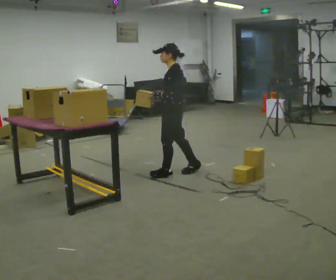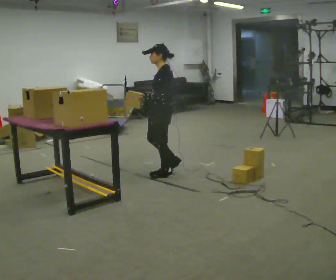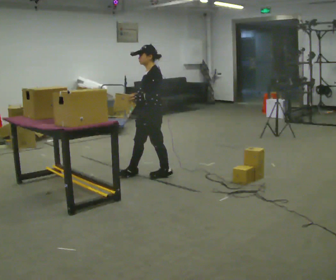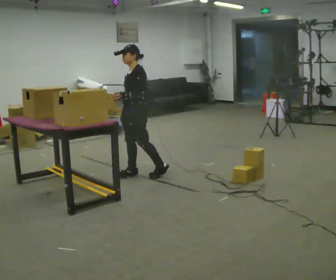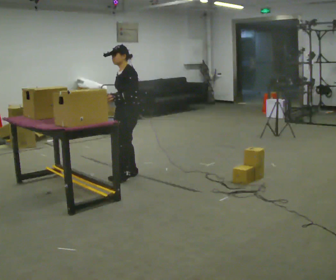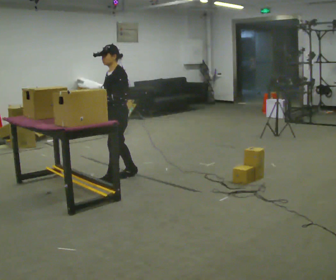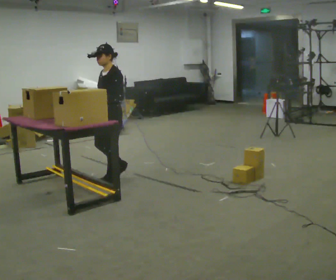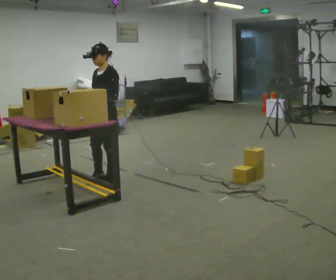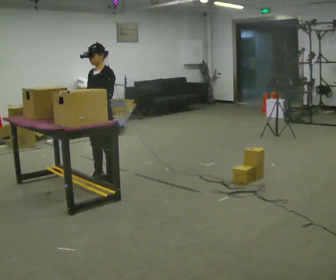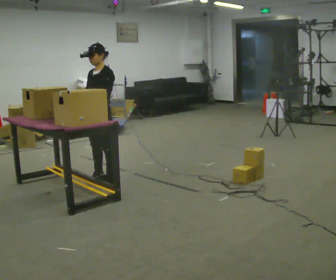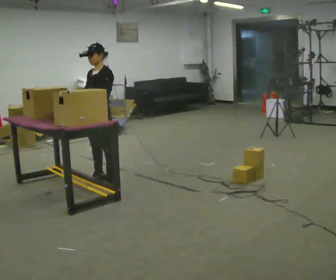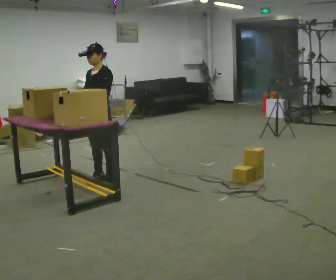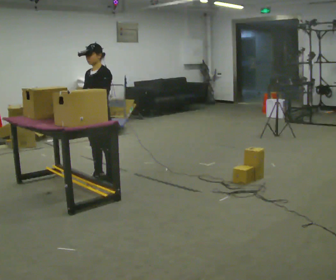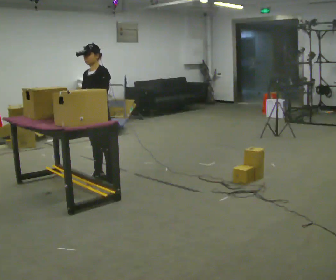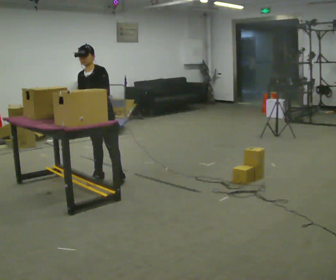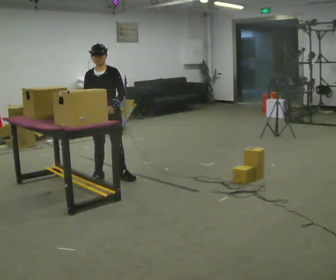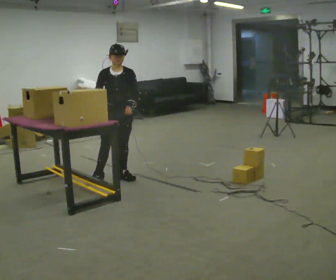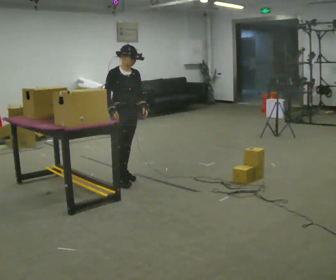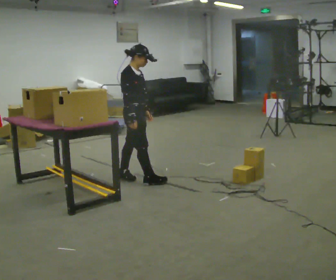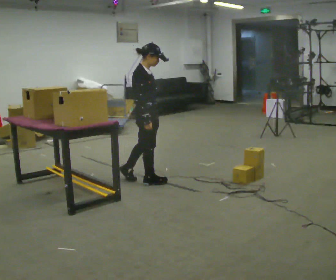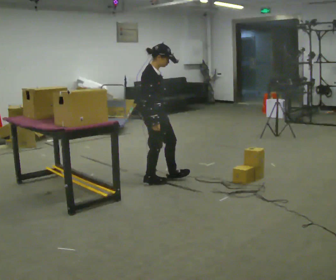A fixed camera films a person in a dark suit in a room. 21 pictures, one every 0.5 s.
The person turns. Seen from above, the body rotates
counterclockwise.
The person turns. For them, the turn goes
to their left.
0.0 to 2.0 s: Seen from above the body turns counterclockwise, about 30 degrees: to their left, with its near side sliding to the right. In the picture they go to the left, about 0.5 m in 1 step, which for them is forward.
2.0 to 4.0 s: In the picture they go to the left, about 0.25 m in 2 steps, which for them is forward.
4.0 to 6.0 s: The person moves a little, or ends about where they began.
6.0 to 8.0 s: Seen from above the body turns counterclockwise, about 45 degrees: to their left, with its near side sliding to the right. In the picture they go to the right, about 0.25 m in 1 step, which for them is backward and to their left. In the picture their left hand goes to the right.
8.0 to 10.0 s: Seen from above the body turns counterclockwise, about 75 degrees: to their left, with its near side sliding to the right. In the picture they go toward the camera and to the right, about 0.5 m in 1 step.
The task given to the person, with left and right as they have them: Carry the object over and fit it into the gap between the two boxes already on the shelf, without touching either of them. Keep going until the operator says stop; one object at a time, and do not rush between trips.
The film runs forward here.
